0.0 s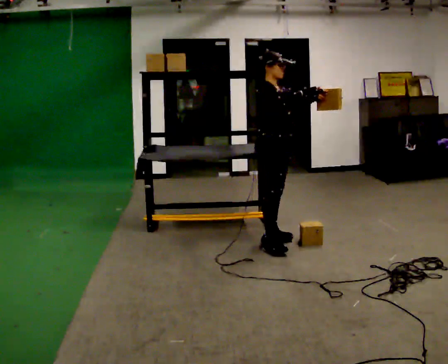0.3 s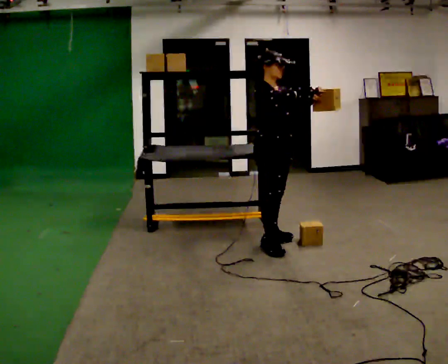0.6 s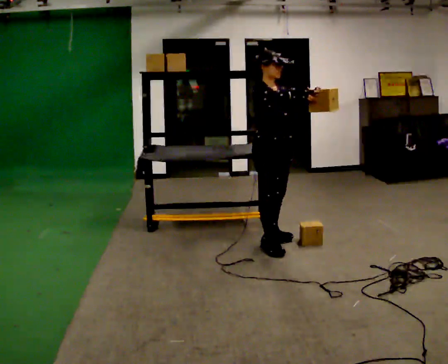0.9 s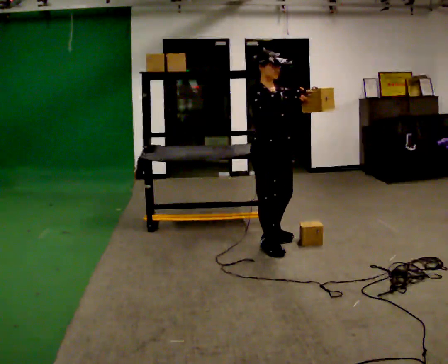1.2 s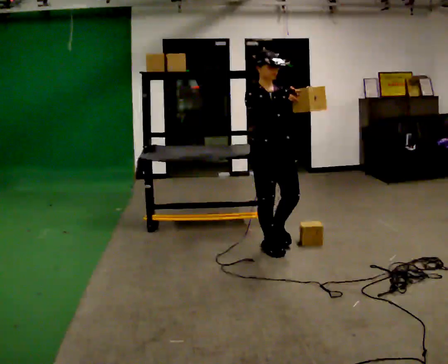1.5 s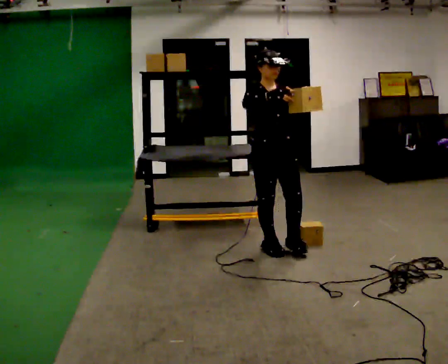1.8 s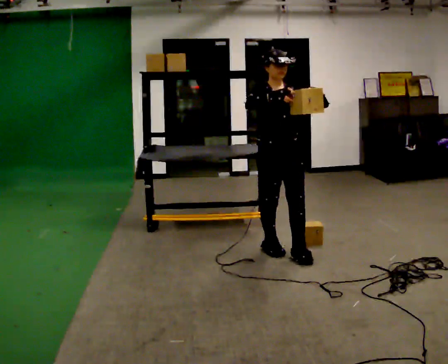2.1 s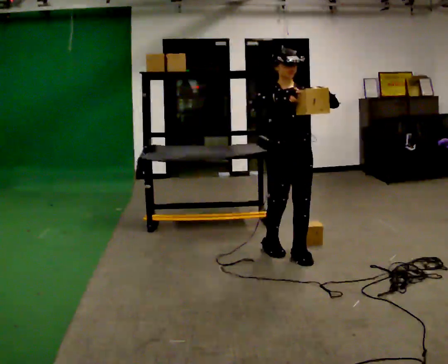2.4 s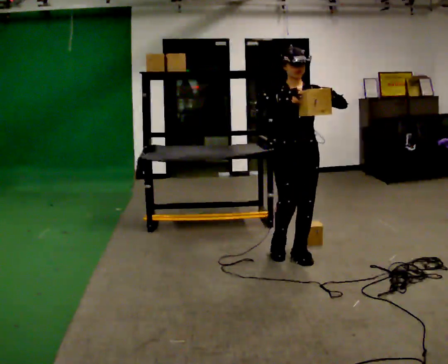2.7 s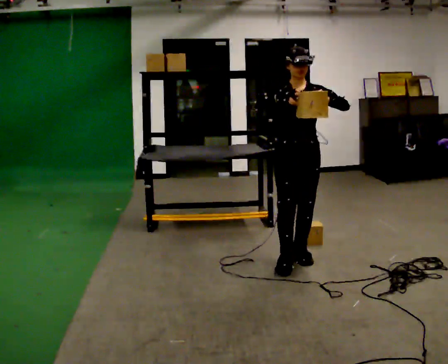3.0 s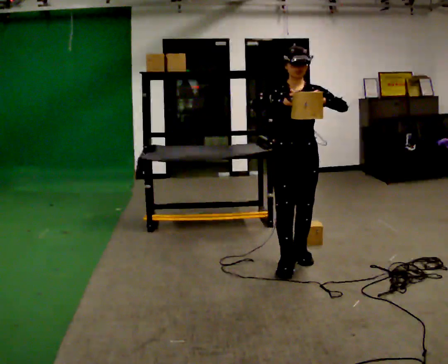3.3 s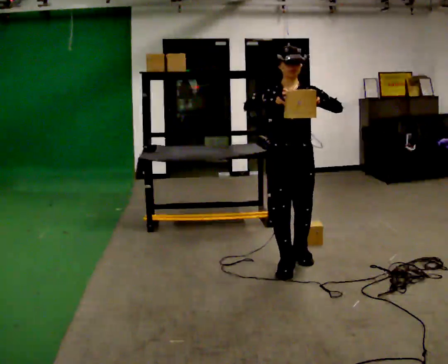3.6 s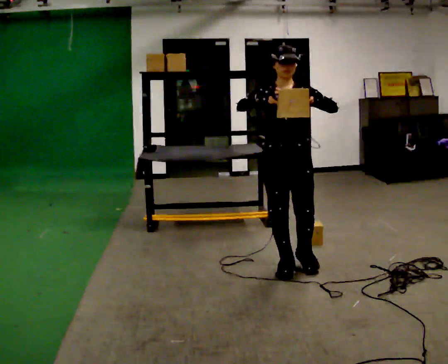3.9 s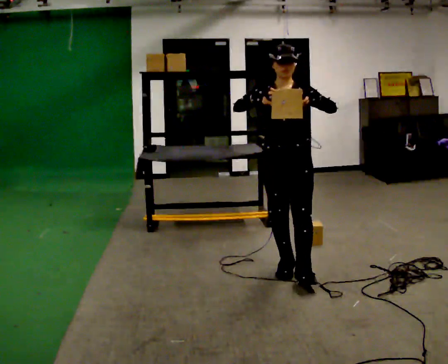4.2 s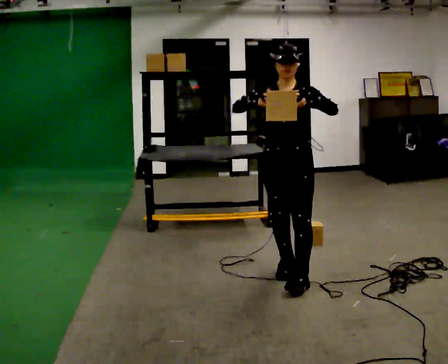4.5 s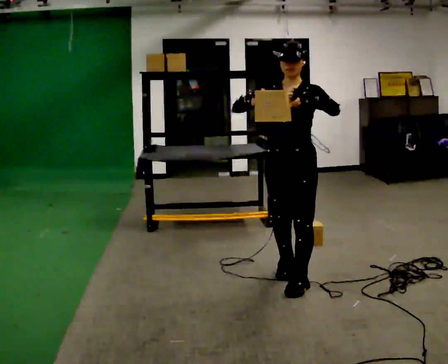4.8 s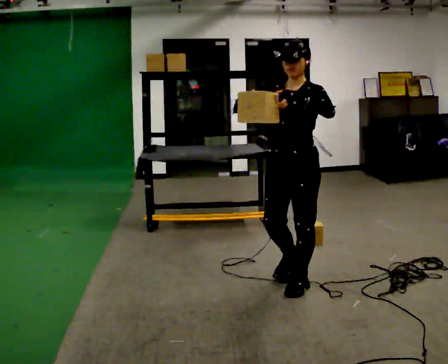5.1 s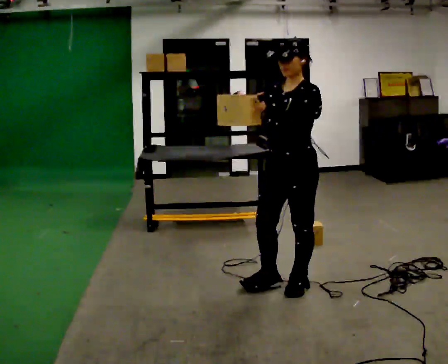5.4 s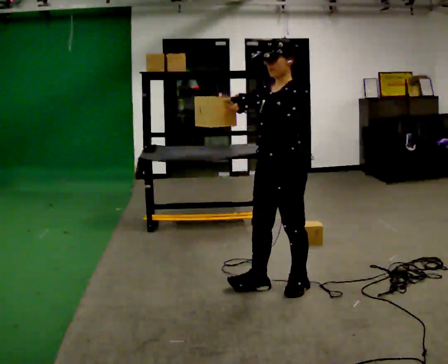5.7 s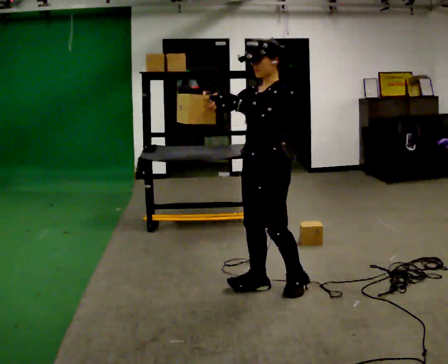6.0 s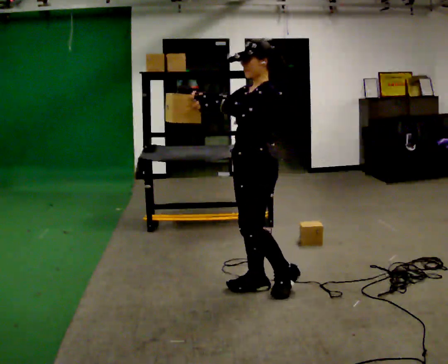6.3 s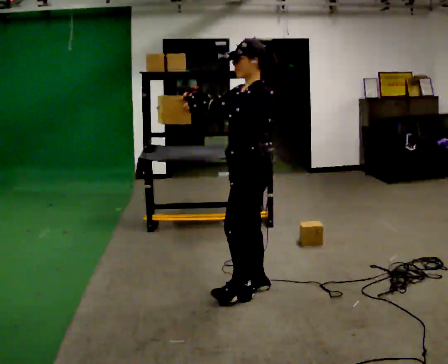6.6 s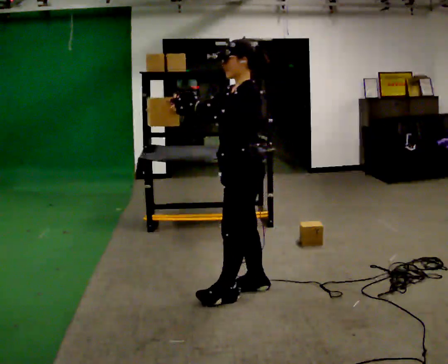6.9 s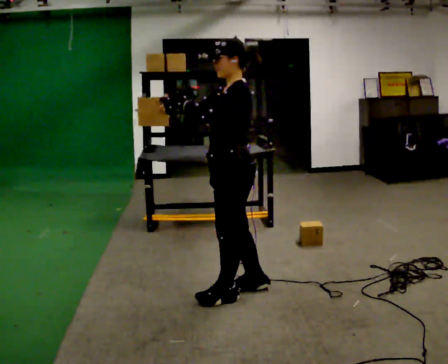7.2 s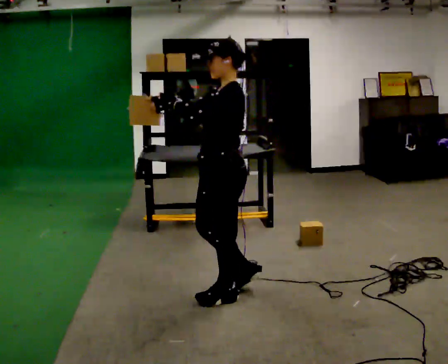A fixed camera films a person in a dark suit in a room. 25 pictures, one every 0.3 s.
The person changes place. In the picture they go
toward the camera.
The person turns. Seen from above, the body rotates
clockwise.
0.0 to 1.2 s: The person turns about 30 degrees to their right, clockwise seen from above, so the part of the body nearest the lens slides to the left. In the picture they go toward the camera, about 0.25 m, which for them is to their right.
1.2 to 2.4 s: In the picture they go to the right, about 0.25 m in 1 step, which for them is forward and to their left.
2.4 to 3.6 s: In the picture they go toward the camera, about 0.25 m in 1 step, which for them is forward.
3.6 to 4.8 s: Seen from above the body turns clockwise, about 30 degrees: to their right, with its near side sliding to the left. In the picture they go toward the camera, about 0.25 m in 1 step, which for them is forward.
4.8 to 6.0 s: The person turns about 30 degrees to their right, clockwise seen from above, so the part of the body nearest the lens slides to the left. In the picture they go to the left, about 0.25 m in 1 step, which for them is forward.
6.0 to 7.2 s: In the picture they go toward the camera and to the left, about 0.25 m in 1 step, which for them is forward and to their left.
The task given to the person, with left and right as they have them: Place the object on the shelf just at the top of your comfortable reach. Repeat at your own pace until the operator says stop. Keep both feet on the marked spots for the whole take. If you have to step, stop and tell the operator.
The film runs forward here.
